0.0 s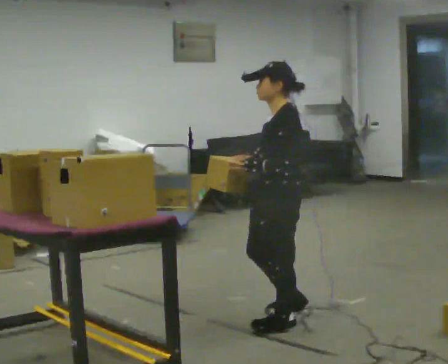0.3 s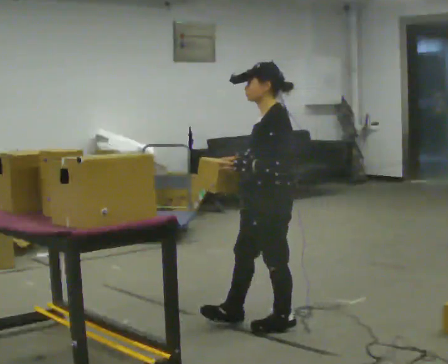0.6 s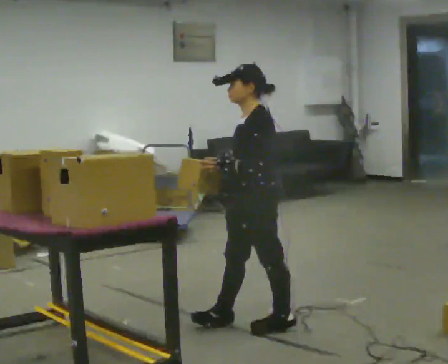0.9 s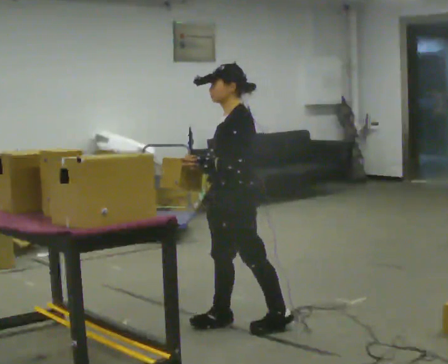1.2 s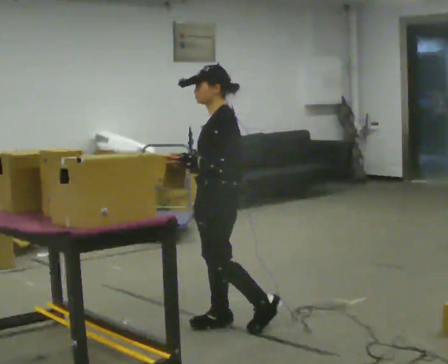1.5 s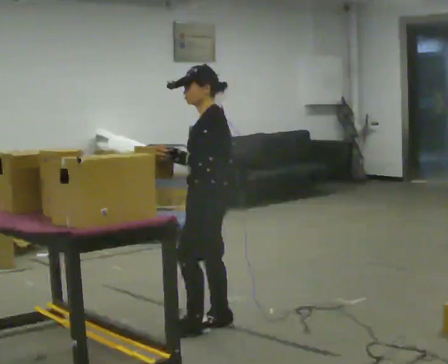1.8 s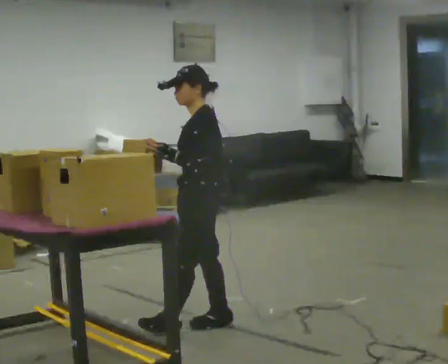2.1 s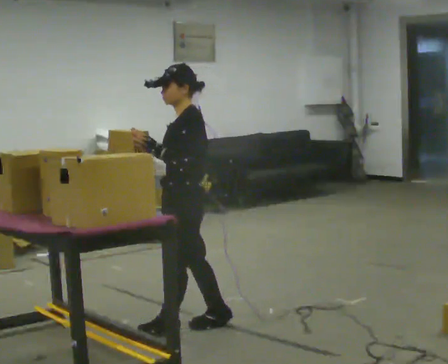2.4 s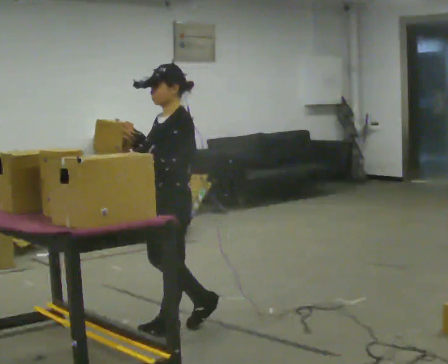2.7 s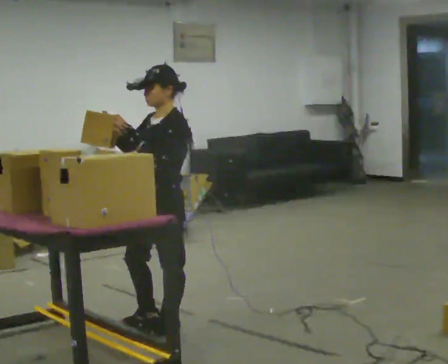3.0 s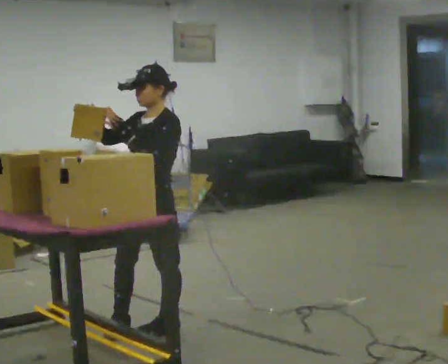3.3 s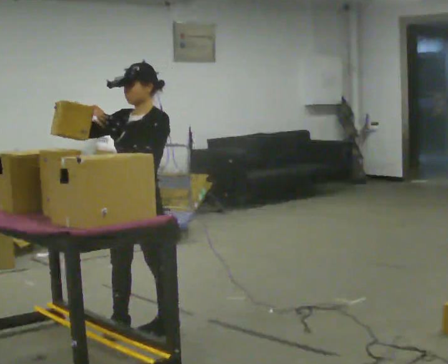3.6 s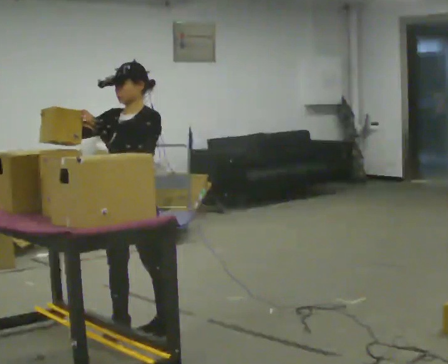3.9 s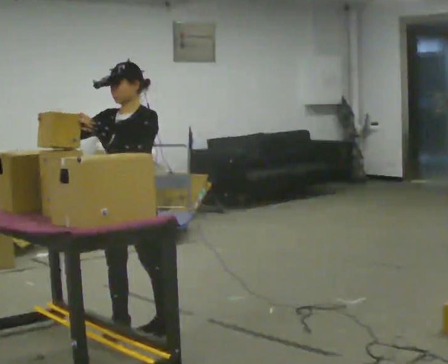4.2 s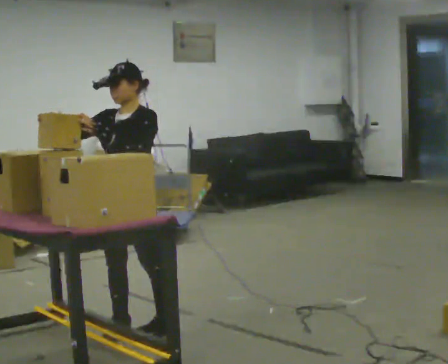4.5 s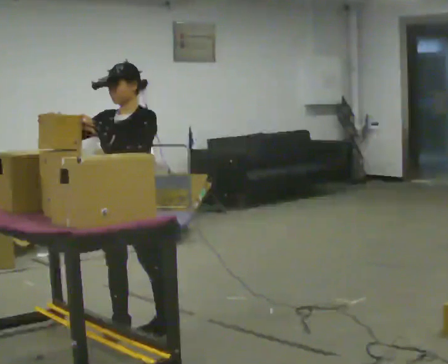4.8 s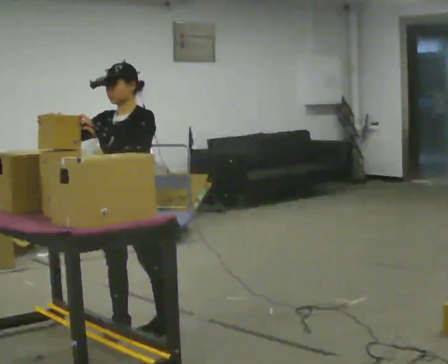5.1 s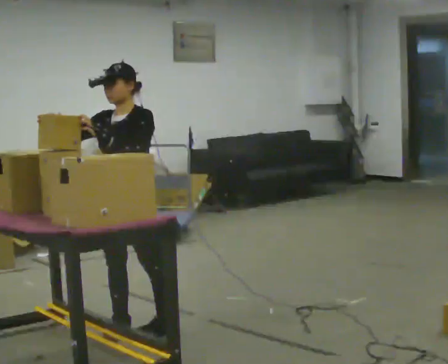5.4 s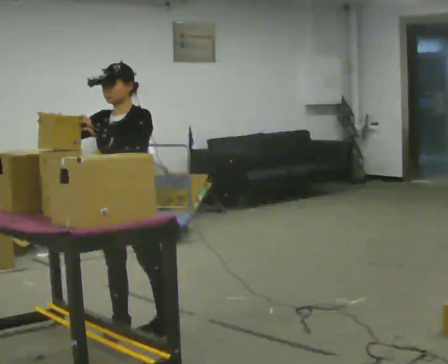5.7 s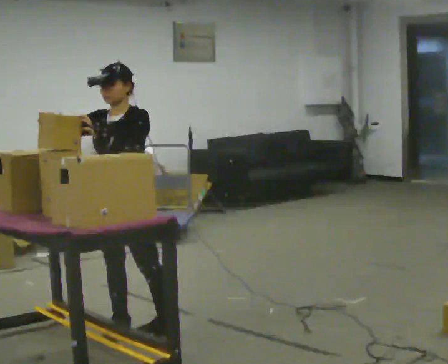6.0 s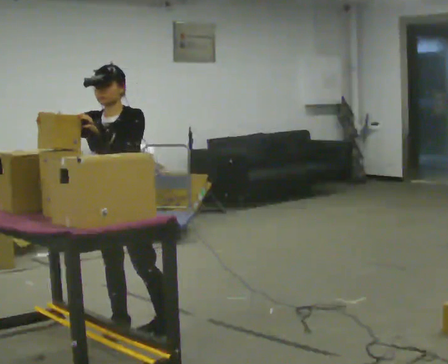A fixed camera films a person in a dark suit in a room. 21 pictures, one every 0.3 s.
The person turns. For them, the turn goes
to their left.
The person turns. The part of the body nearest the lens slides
to the right.
0.0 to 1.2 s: In the picture they go to the left and away from the camera, about 0.25 m in 1 step, which for them is forward and to their right.
1.2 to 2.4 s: In the picture they go to the left, about 0.25 m in 1 step, which for them is forward.
2.4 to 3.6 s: Seen from above the body turns counterclockwise, about 30 degrees: to their left, with its near side sliding to the right. In the picture they go to the left, about 0.25 m in 1 step, which for them is forward. In the picture their right hand goes to the left.
3.6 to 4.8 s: The person keeps their place and pose.
4.8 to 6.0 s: The person moves a little, or ends about where they began.
The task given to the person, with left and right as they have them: Carry the object over and fit it into the gap between the two boxes already on the shelf, without touching either of them. Keep going until the operator says stop; one object at a time, and do not rush between trips.
The film runs forward here.
